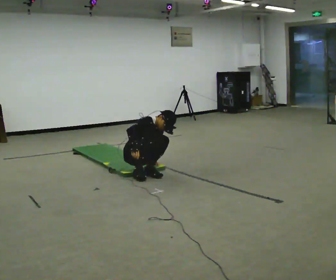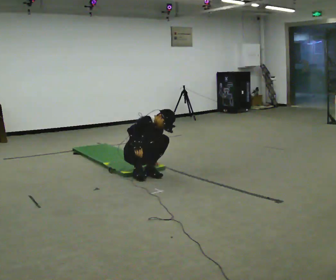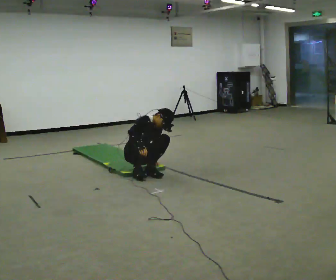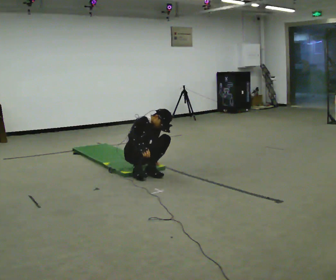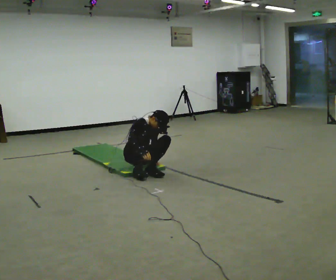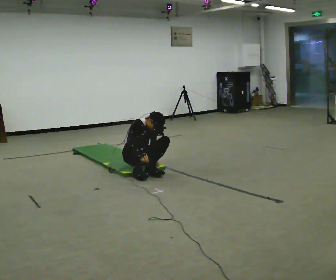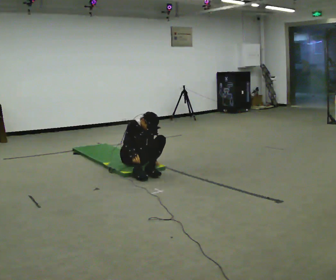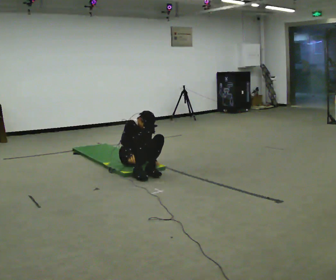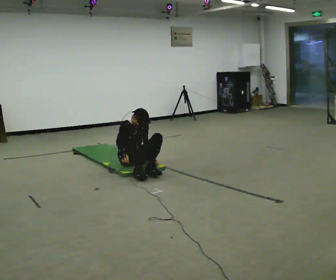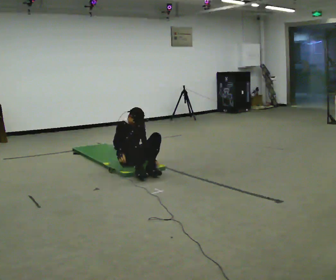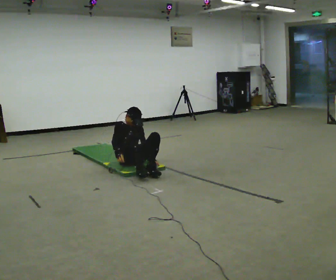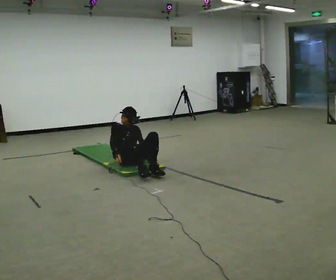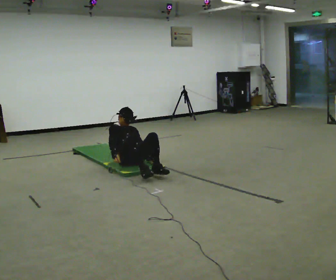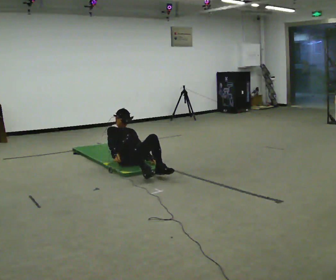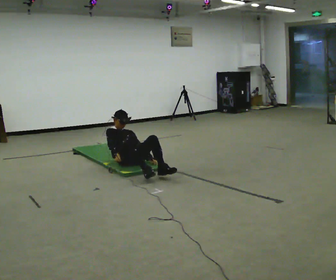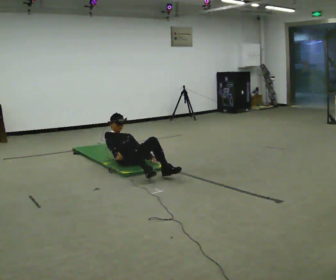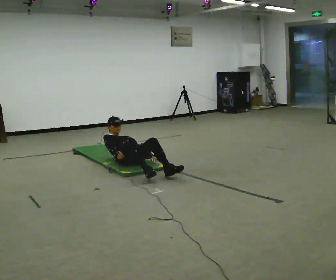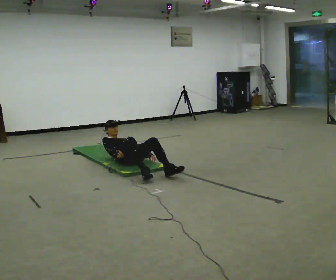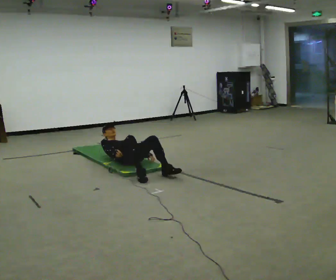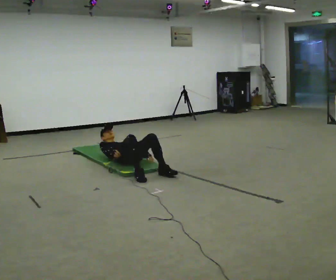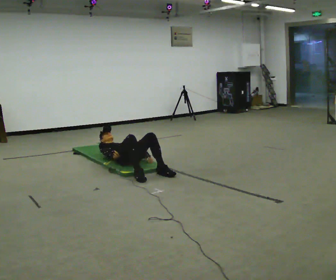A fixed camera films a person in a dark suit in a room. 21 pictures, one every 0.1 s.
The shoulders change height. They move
downward.
Their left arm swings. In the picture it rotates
counterclockwise.
0.0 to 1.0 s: In the picture they go away from the camera, about 0.25 m, which for them is backward. In the picture the upper body tilts counterclockwise, shoulders to the left, as they lean back or straighten.
1.0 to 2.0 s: The upper body goes downward. The upper body tips away from the camera, its near side rolling upward, as they lean back or straighten.
The film runs backward here.
